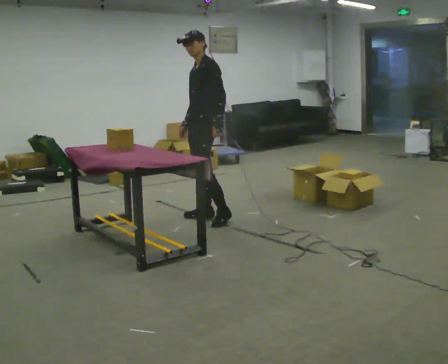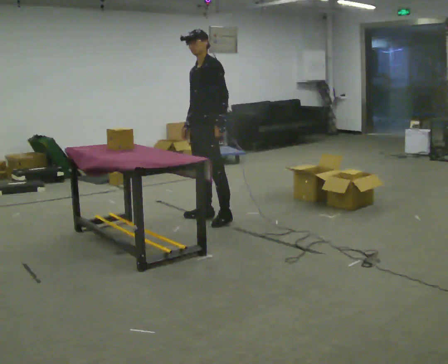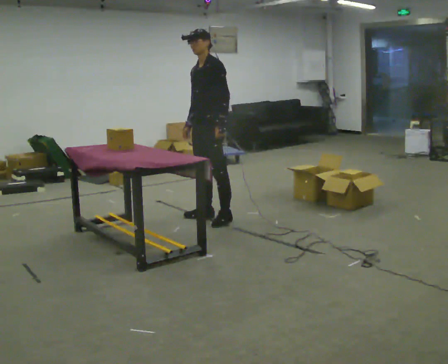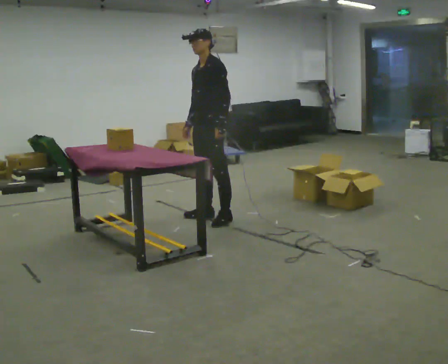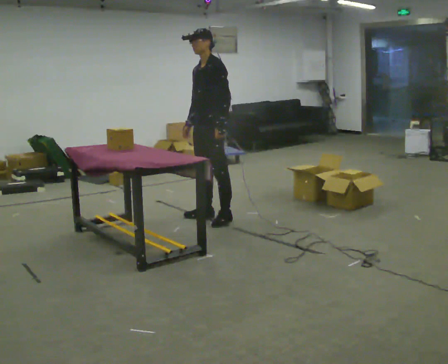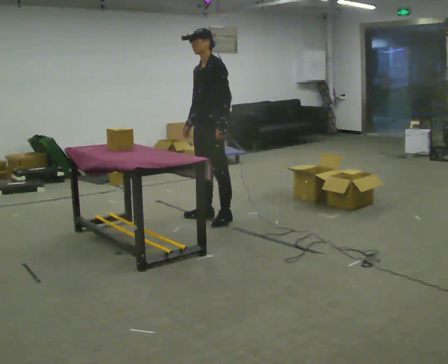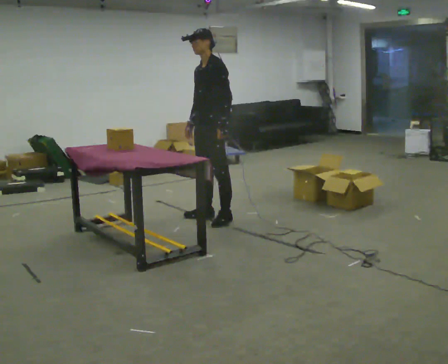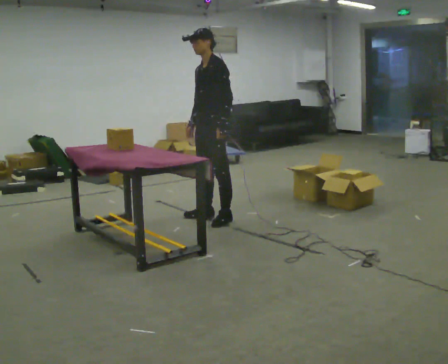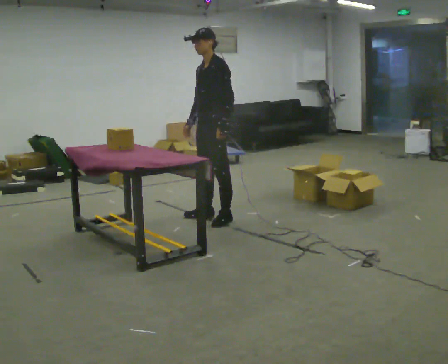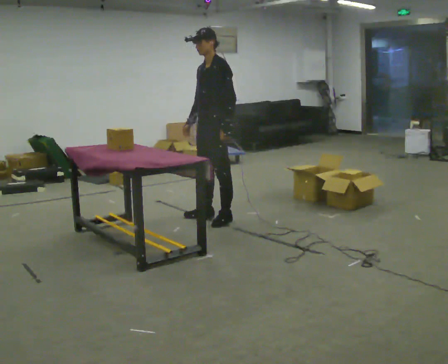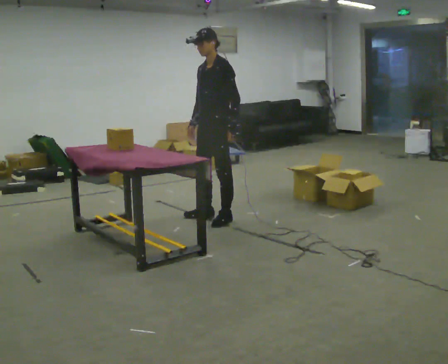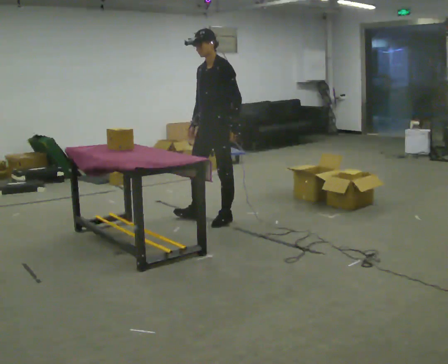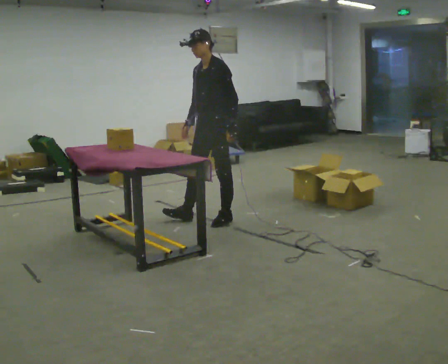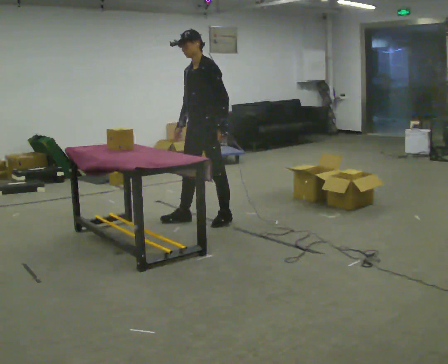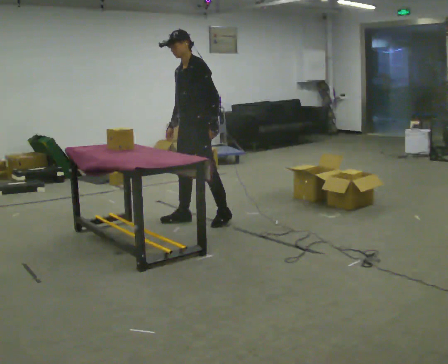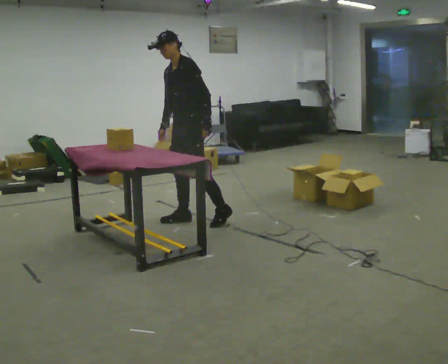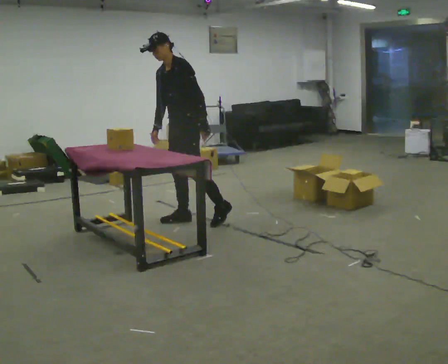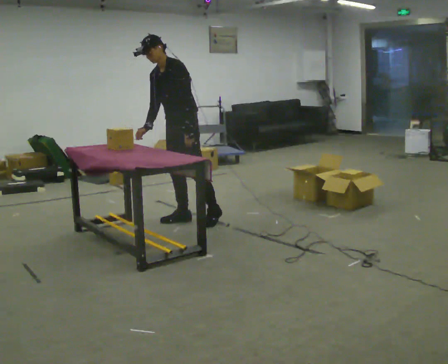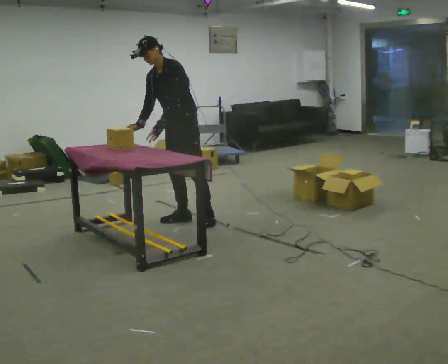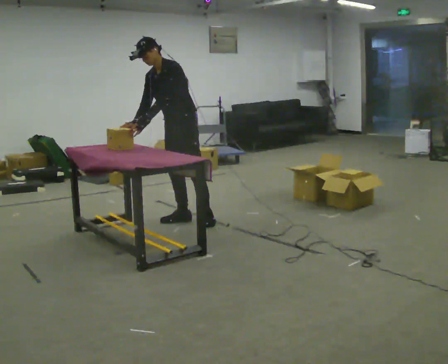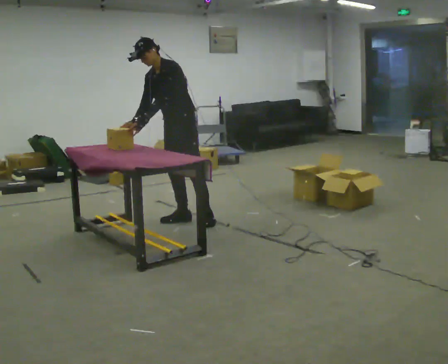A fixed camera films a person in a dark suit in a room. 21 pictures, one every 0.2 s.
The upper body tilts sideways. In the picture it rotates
counterclockwise.
0.0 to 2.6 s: The person moves a little, or ends about where they began.
2.6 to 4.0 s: In the picture they go to the left, about 0.25 m, which for them is to their right. In the picture the upper body tilts counterclockwise, shoulders to the left, as they bend forward. In the picture their left hand goes to the left.
The film runs backward here.
